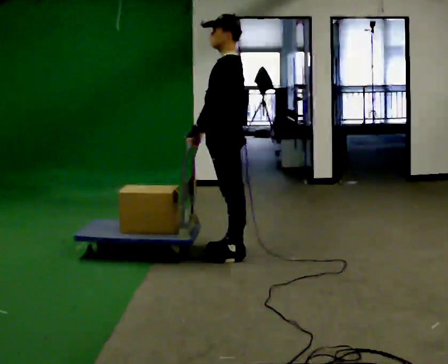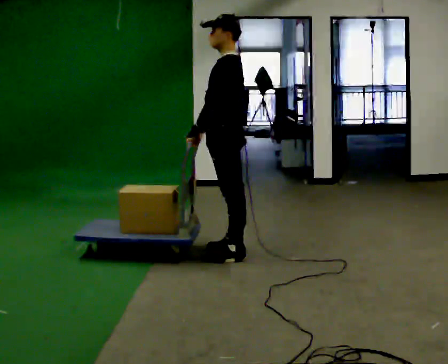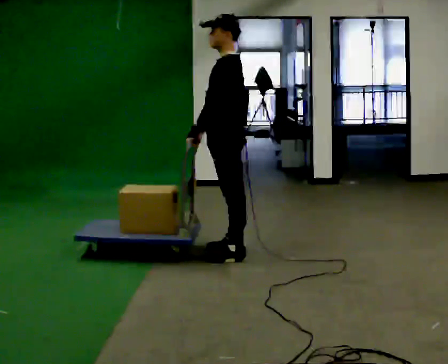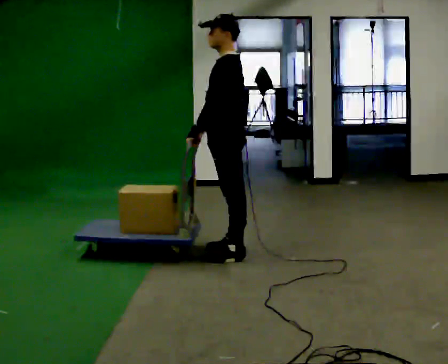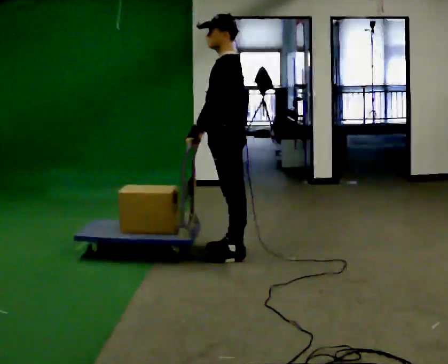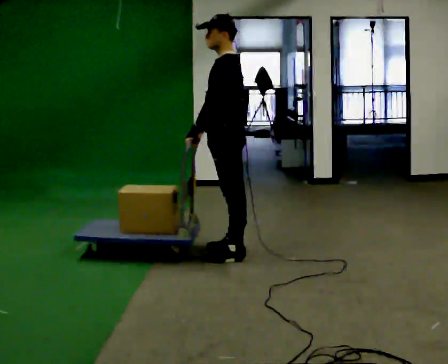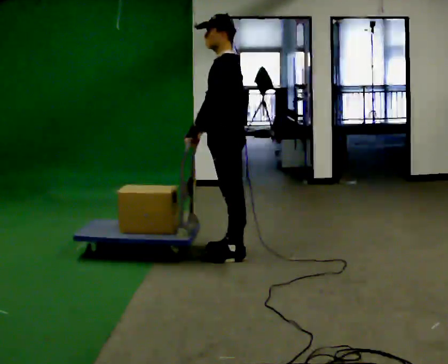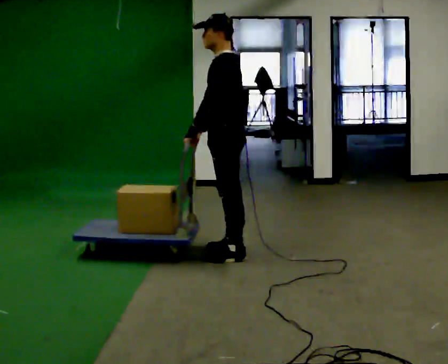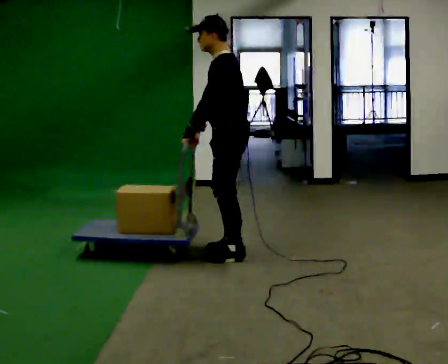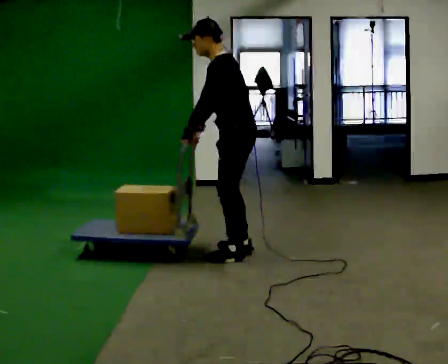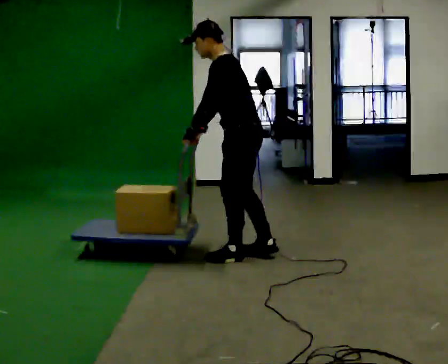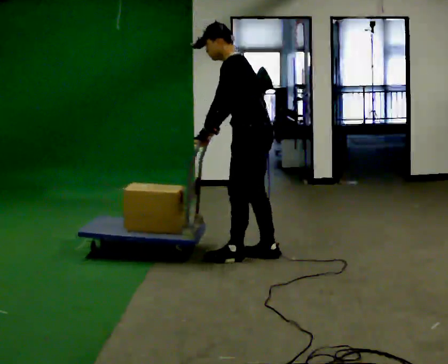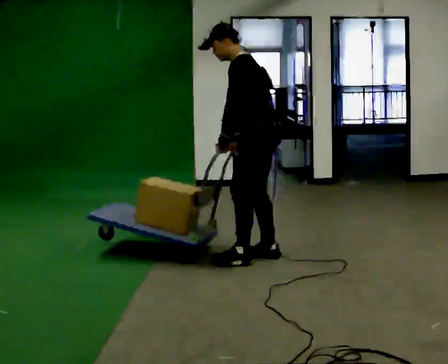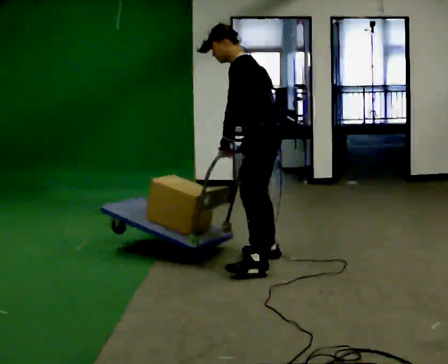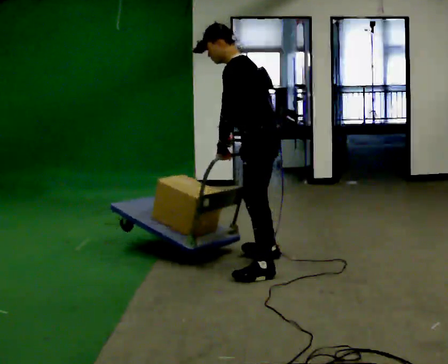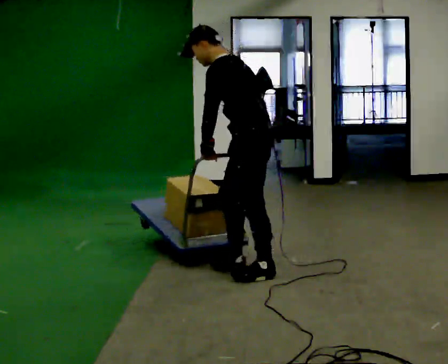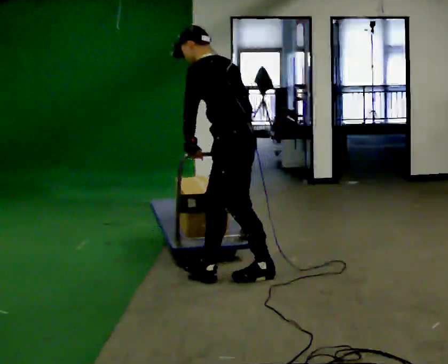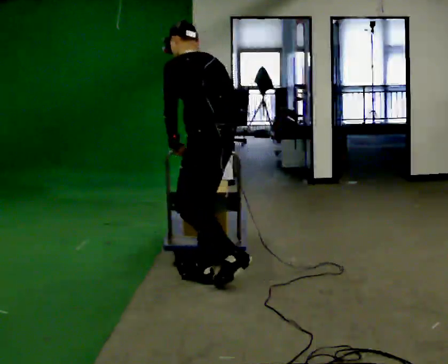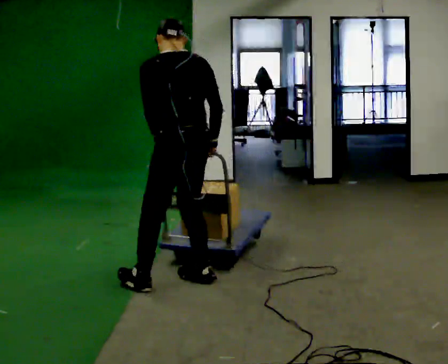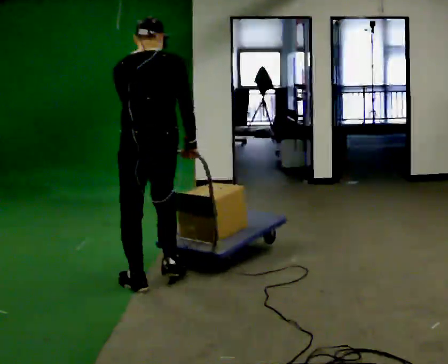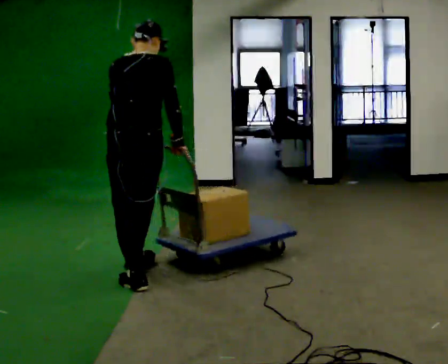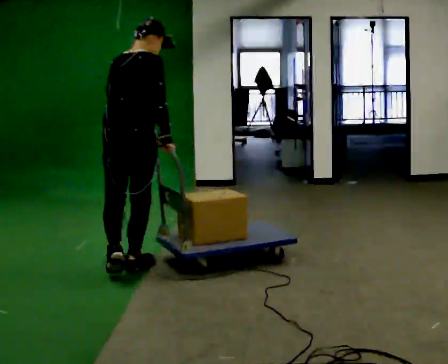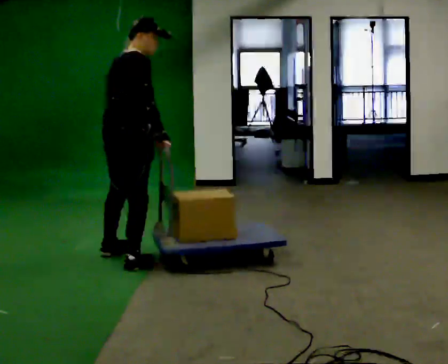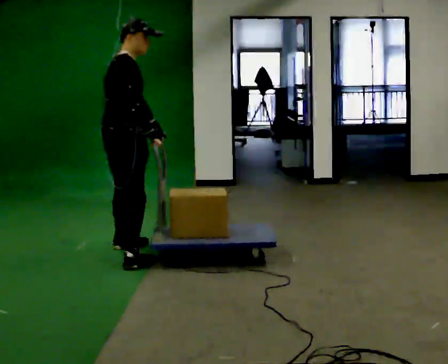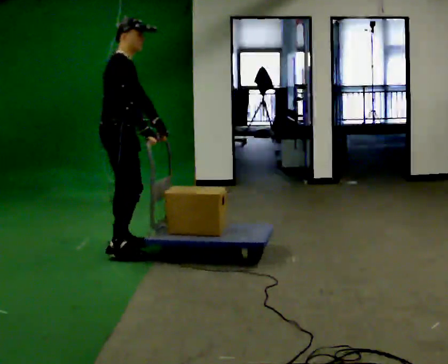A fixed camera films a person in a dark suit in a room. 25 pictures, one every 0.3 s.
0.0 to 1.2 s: The person keeps their place and pose.
1.2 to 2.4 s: The person moves a little, or ends about where they began.
2.4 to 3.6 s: In the picture they go to the right, about 0.25 m in 1 step, which for them is backward. In the picture their right hand goes to the right.
3.6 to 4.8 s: In the picture they go toward the camera, about 0.5 m in 2 steps, which for them is to their left.
4.8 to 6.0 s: The person turns about 75 degrees to their right, clockwise seen from above, so the part of the body nearest the lens slides to the left. In the picture they go to the left, about 0.75 m in 2 steps. In the picture the upper body tilts clockwise, shoulders to the right.
6.0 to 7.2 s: The part of the body nearest the lens slides to the left as the person turns to their right by about 90 degrees. In the picture they go away from the camera and to the left, about 0.75 m in 1 step.
The film runs forward here.
